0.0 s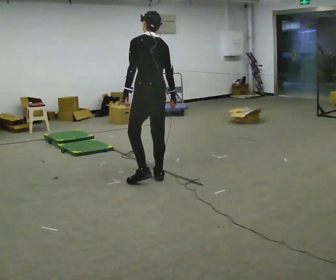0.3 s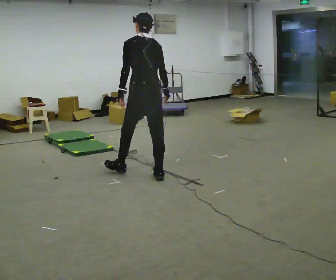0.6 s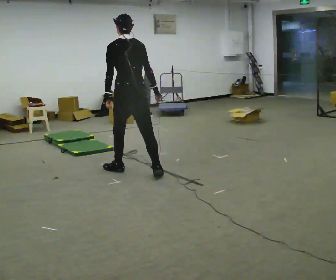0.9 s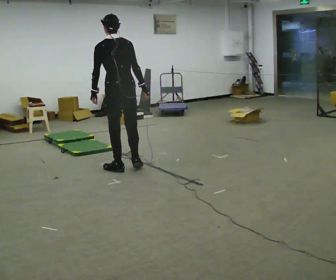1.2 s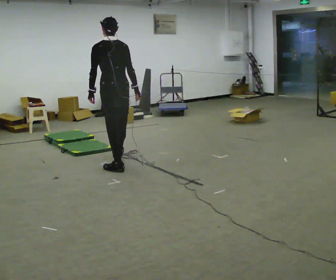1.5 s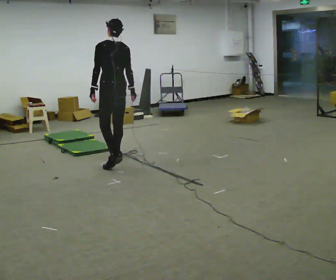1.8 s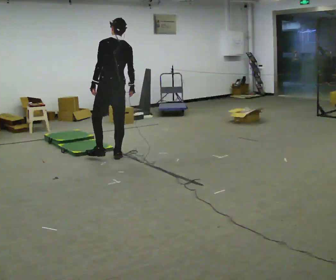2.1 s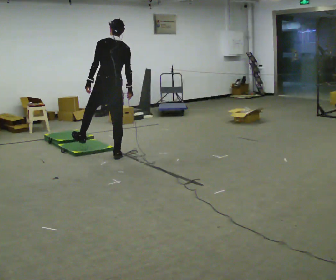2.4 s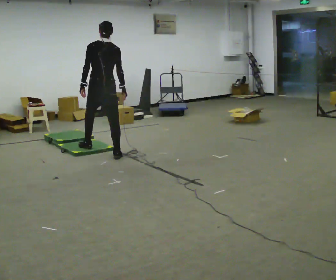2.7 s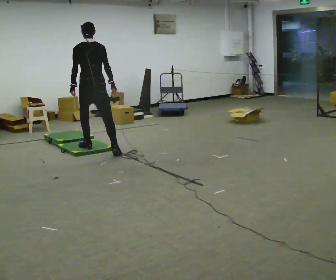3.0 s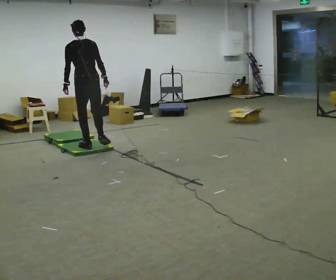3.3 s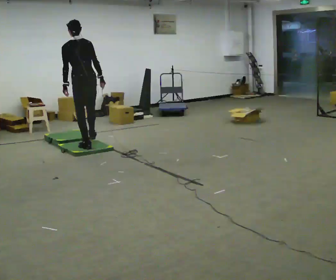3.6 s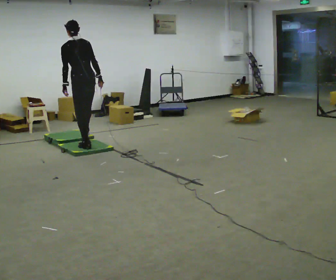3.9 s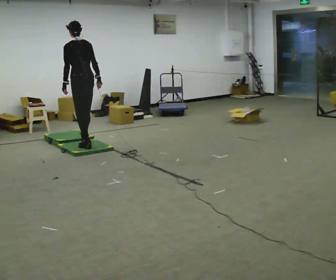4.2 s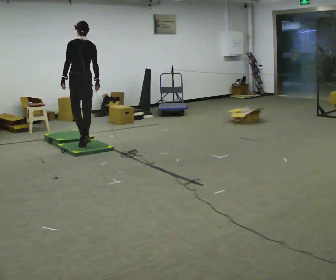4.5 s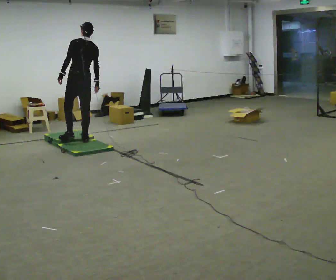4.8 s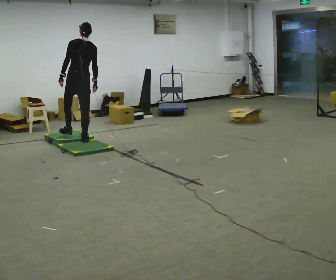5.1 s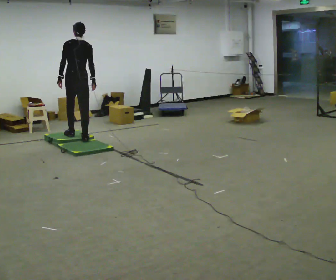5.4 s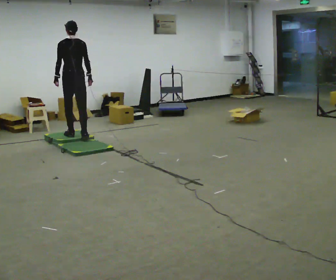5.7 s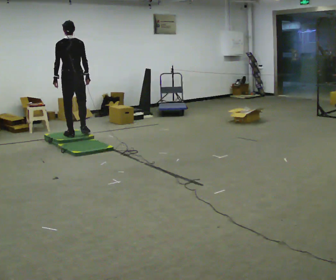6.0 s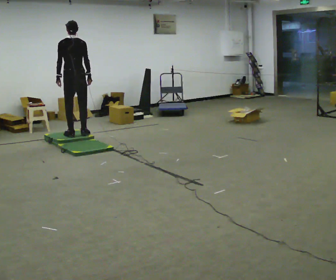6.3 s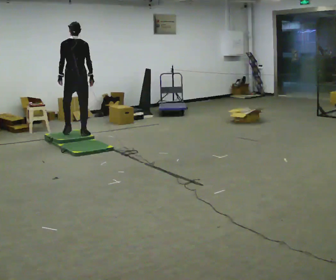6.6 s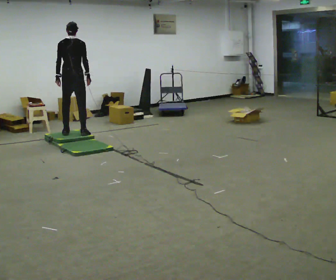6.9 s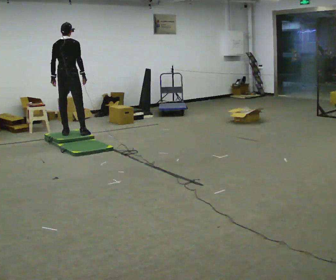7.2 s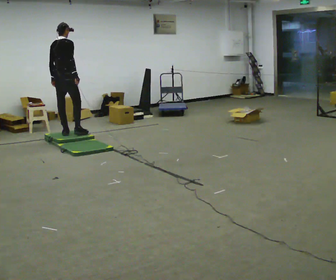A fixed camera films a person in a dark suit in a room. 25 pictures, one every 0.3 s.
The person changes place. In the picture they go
away from the camera.
0.0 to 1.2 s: In the picture they go away from the camera and to the left, about 0.5 m in 1 step, which for them is forward.
1.2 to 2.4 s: In the picture they go away from the camera, about 0.5 m in 2 steps, which for them is forward.
2.4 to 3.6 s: In the picture they go away from the camera and to the left, about 0.5 m in 1 step, which for them is forward. In the picture the upper body tilts counterclockwise, shoulders to the left.
3.6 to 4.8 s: In the picture they go away from the camera, about 0.25 m, which for them is forward. In the picture the upper body tilts clockwise, shoulders to the right.
4.8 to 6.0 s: In the picture they go away from the camera, about 0.25 m in 2 steps, which for them is forward.
6.0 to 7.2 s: The person turns about 45 degrees to their right, clockwise seen from above, so the part of the body nearest the lens slides to the left. In the picture they go to the left, about 0.25 m in 1 step, which for them is to their left.
The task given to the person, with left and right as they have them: Walk across the mats at a normal pace. They may not all feel the same underfoot. Carry on afterwards.
The film runs forward here.
